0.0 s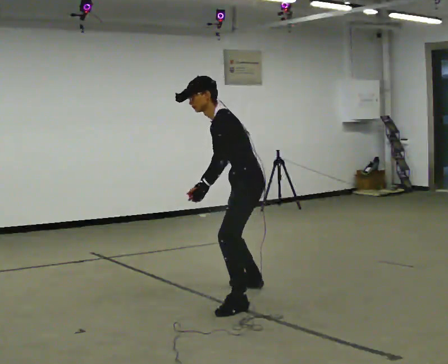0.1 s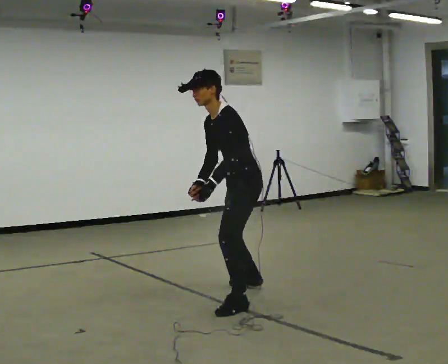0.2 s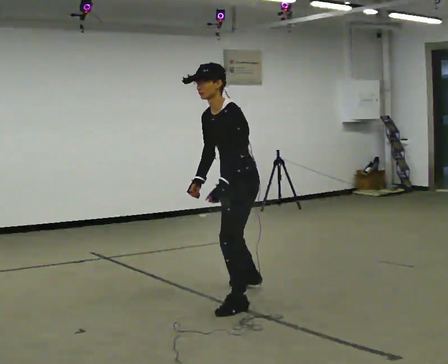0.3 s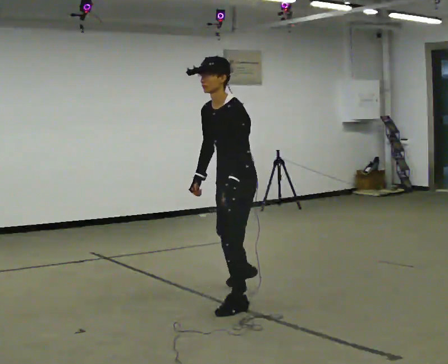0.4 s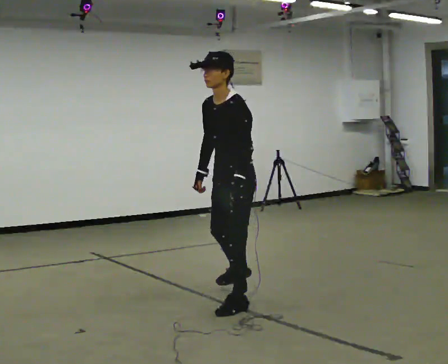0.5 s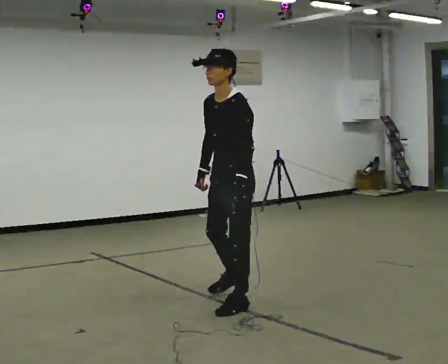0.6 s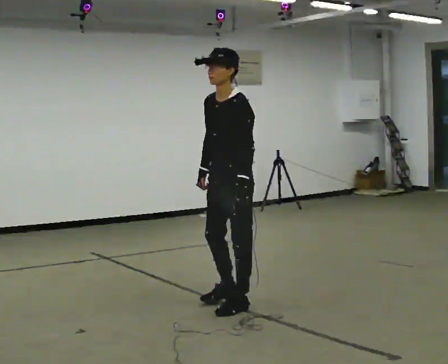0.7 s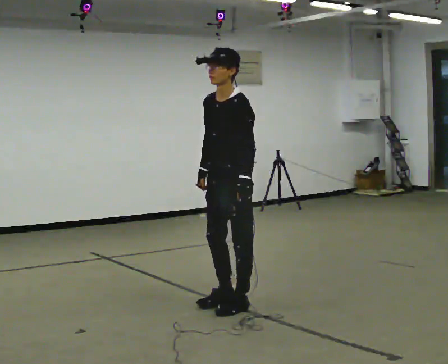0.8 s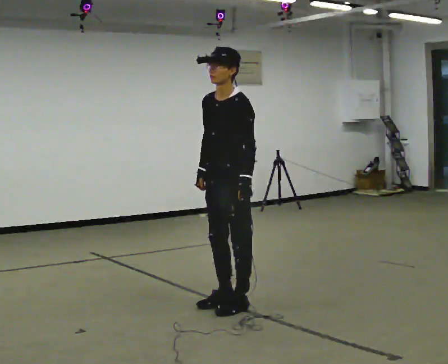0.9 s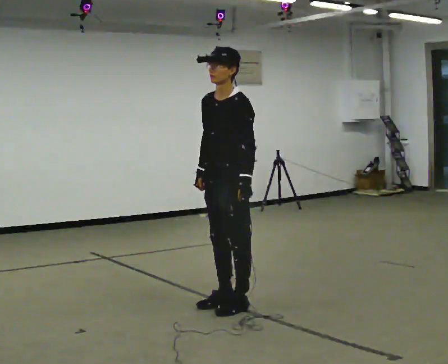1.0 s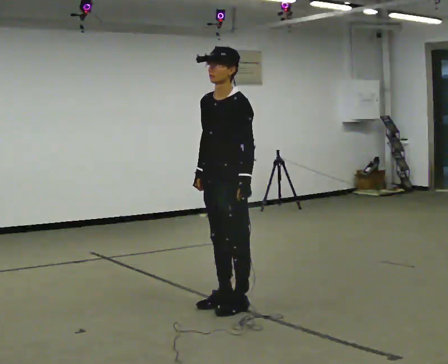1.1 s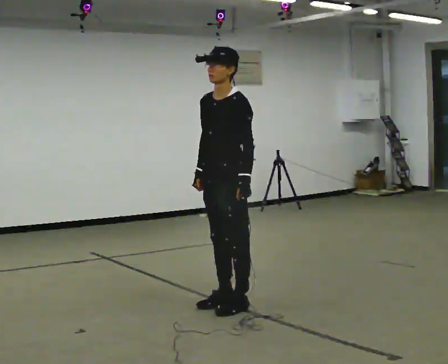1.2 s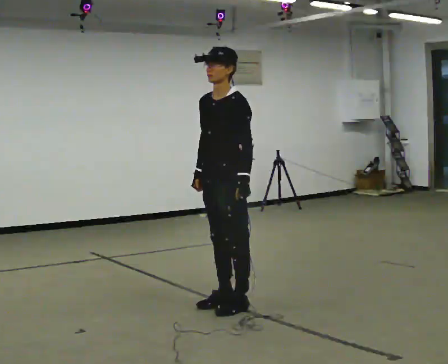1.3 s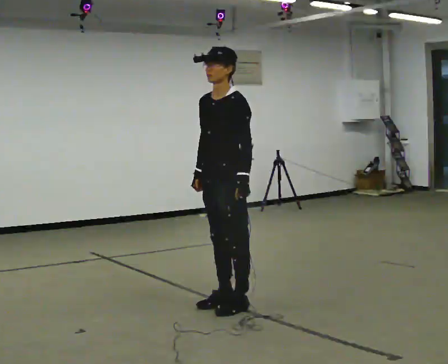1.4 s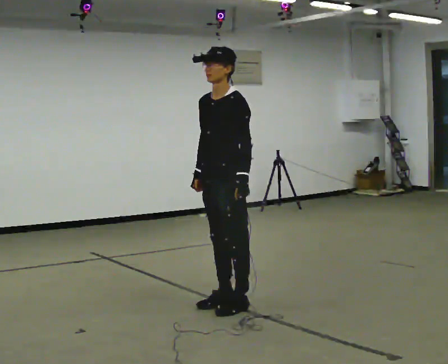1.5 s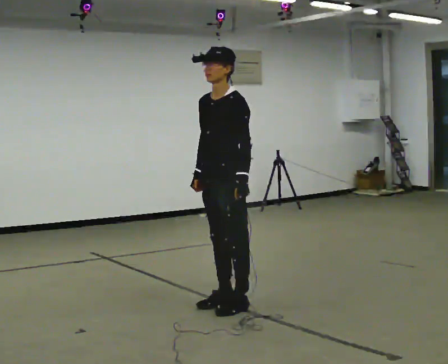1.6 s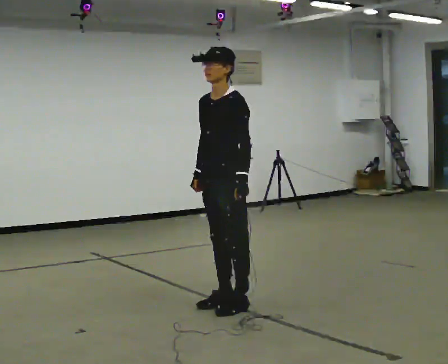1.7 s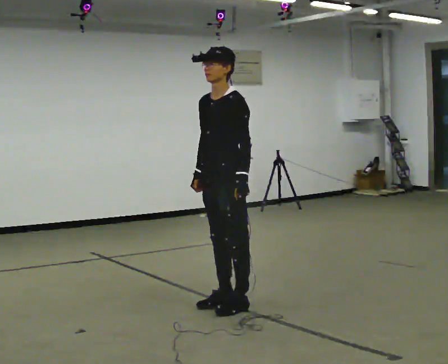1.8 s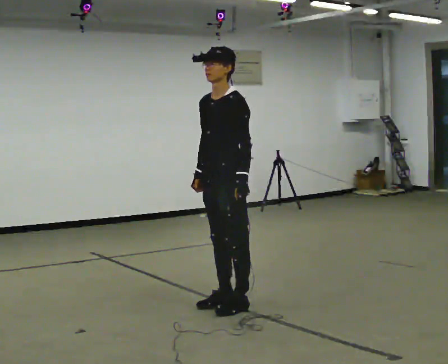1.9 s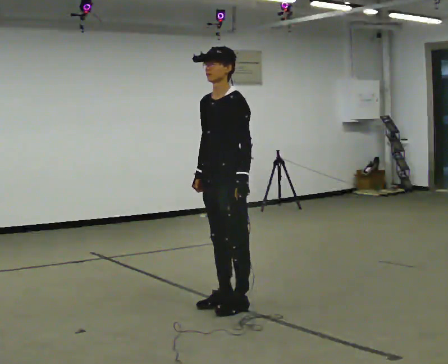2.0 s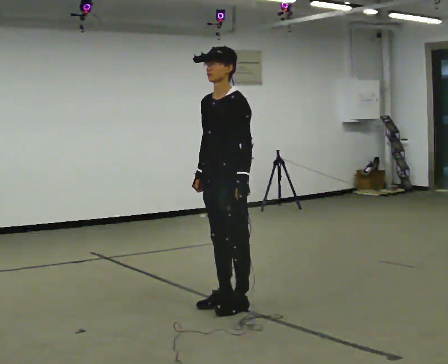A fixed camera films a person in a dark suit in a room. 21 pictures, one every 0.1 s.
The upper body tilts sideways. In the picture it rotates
clockwise.
0.0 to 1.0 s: Seen from above the body turns counterclockwise, about 45 degrees: to their left, with its near side sliding to the right. In the picture they go toward the camera, about 0.25 m in 1 step, which for them is forward and to their left. In the picture the upper body tilts clockwise, shoulders to the right, as they lean back or straighten.
1.0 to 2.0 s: The person keeps their place and pose.
The film runs backward here.
